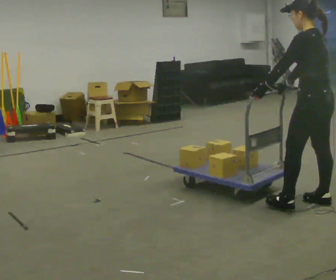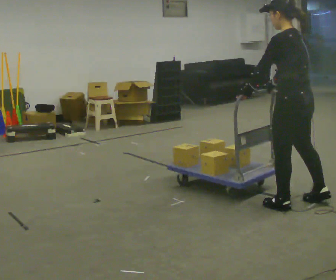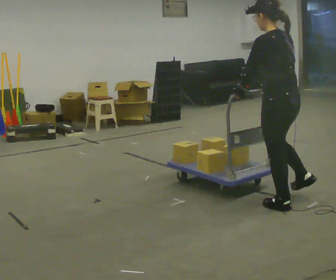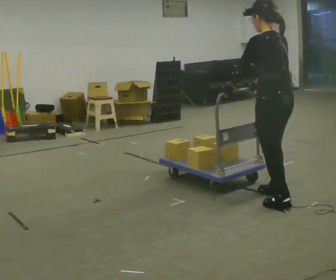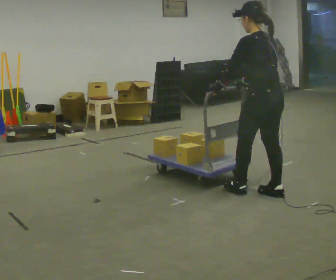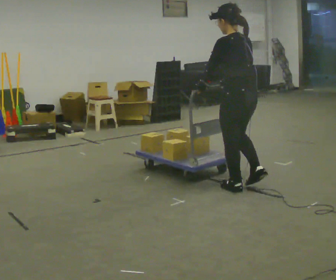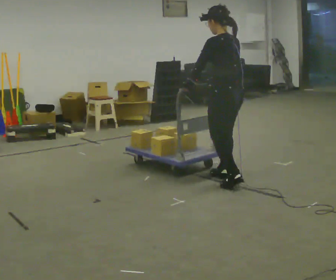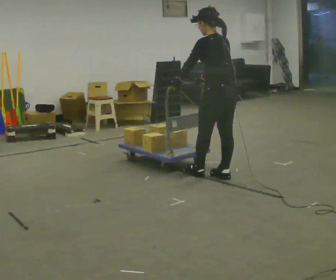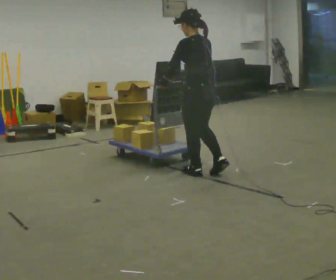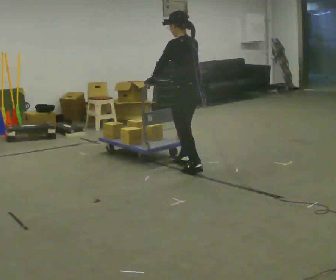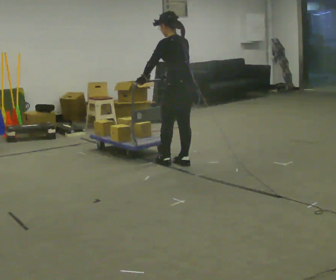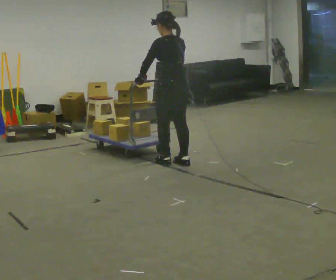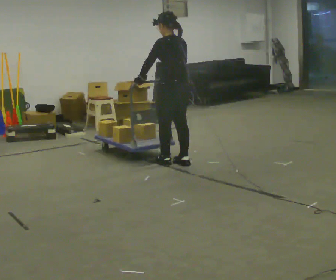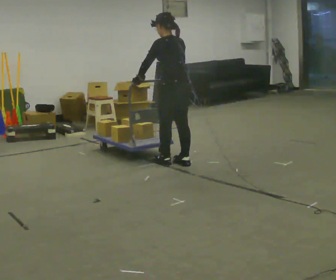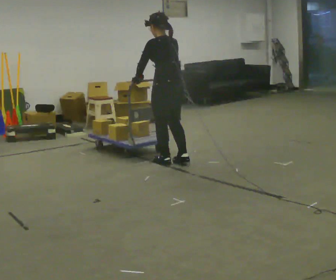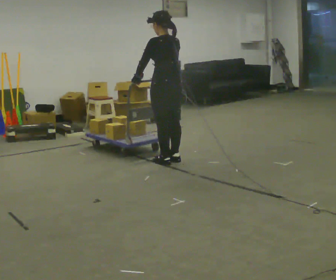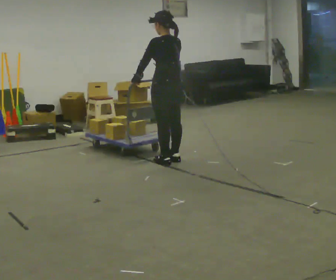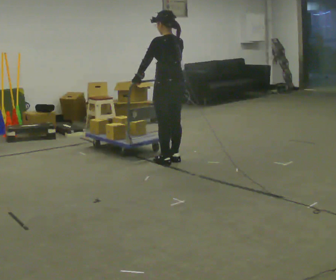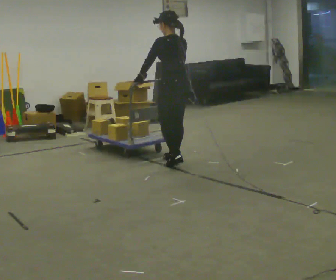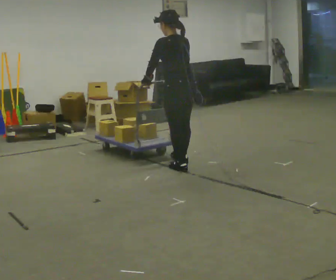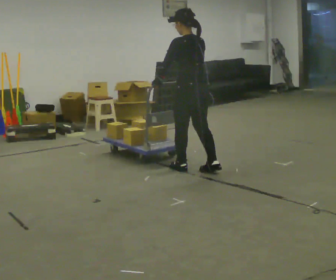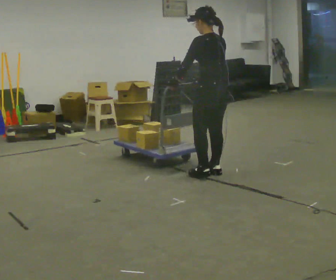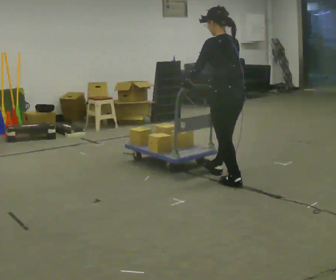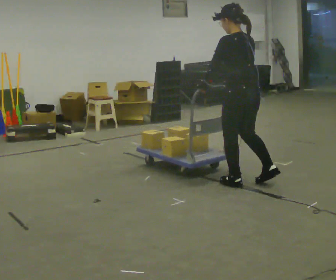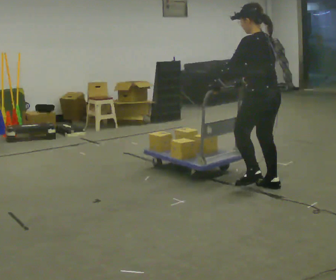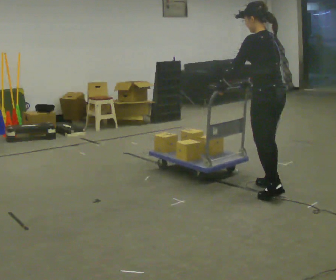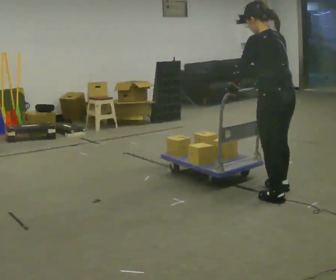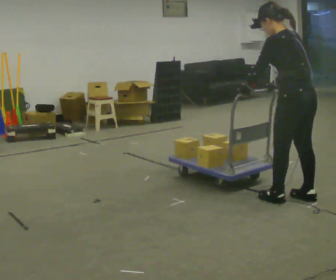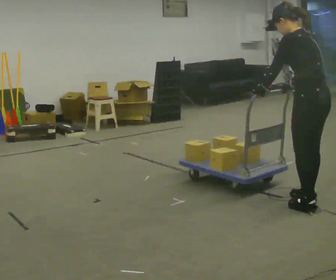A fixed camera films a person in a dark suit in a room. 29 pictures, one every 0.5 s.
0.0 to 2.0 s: In the picture they go away from the camera and to the left, about 0.5 m in 2 steps, which for them is forward.
2.0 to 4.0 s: In the picture they go away from the camera and to the left, about 1 m in 3 steps, which for them is forward.
4.0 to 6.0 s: In the picture they go away from the camera and to the left, about 0.5 m in 2 steps, which for them is forward.
6.0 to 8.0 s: The person moves a little, or ends about where they began.
8.0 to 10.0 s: In the picture they go toward the camera and to the right, about 0.5 m in 2 steps, which for them is backward.
10.0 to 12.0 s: In the picture they go toward the camera and to the right, about 1 m in 2 steps, which for them is backward.
12.0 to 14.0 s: In the picture they go toward the camera and to the right, about 0.5 m in 2 steps, which for them is backward.
The film runs forward here.
